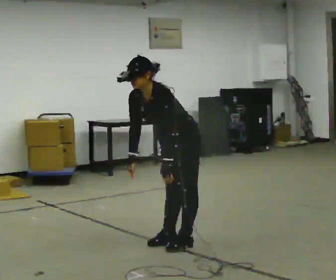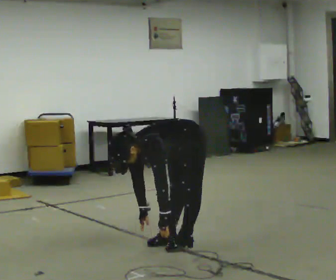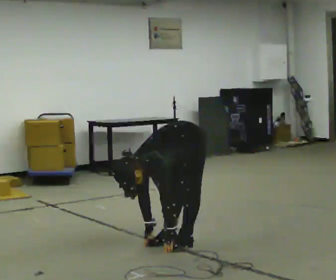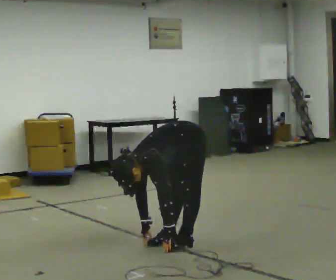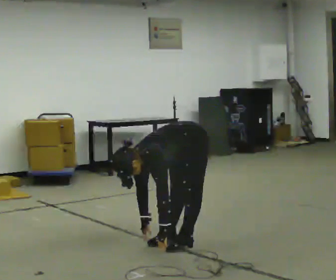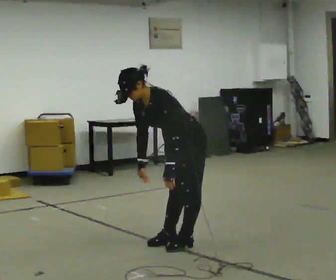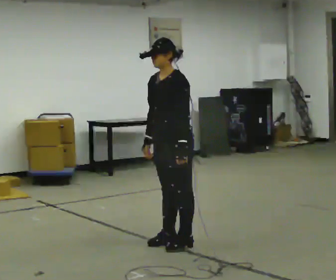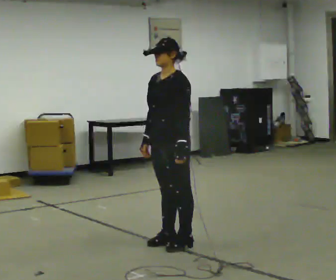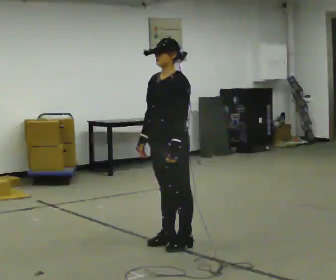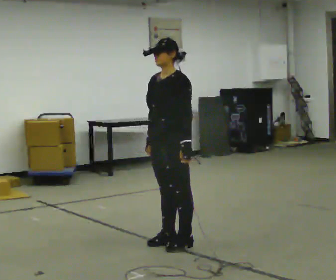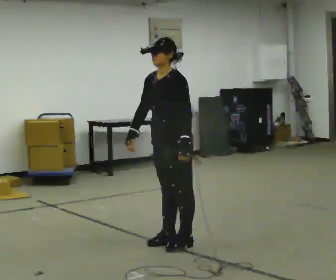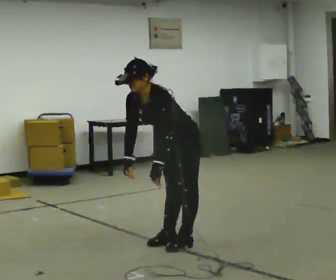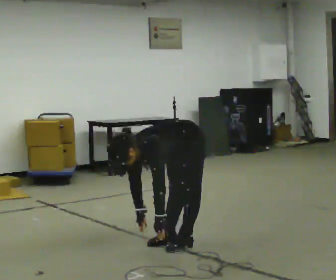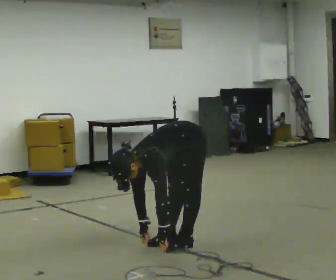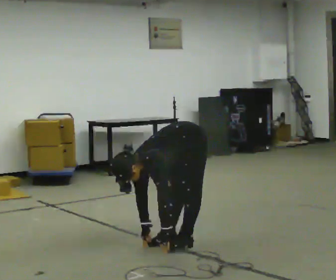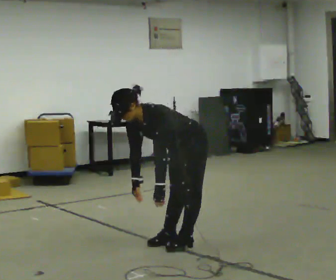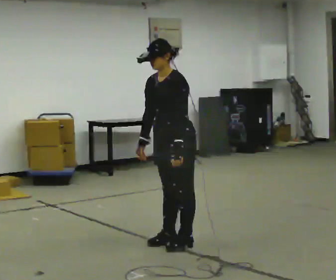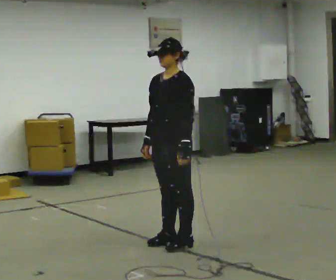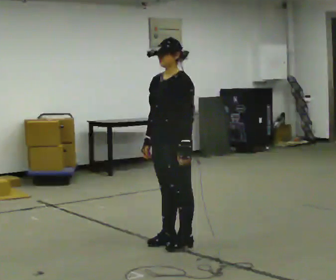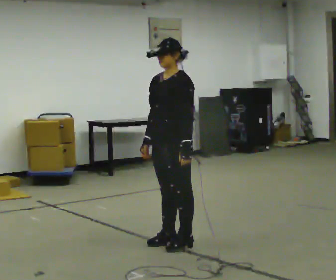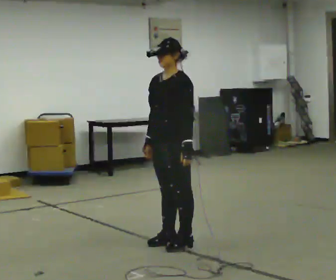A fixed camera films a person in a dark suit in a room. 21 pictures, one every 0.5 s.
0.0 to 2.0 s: The upper body goes downward. In the picture the upper body tilts counterclockwise, shoulders to the left, as they bend forward. In the picture their right hand goes downward.
2.0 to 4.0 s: The upper body goes upward. In the picture the upper body tilts clockwise, shoulders to the right, as they lean back or straighten. In the picture their left hand goes upward.
4.0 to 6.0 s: The shoulders move downward. In the picture the upper body tilts counterclockwise, shoulders to the left, as they bend forward. In the picture their left hand goes downward.
6.0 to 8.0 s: The upper body goes upward. In the picture the upper body tilts clockwise, shoulders to the right, as they lean back or straighten. In the picture their left hand goes upward.
8.0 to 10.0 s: The person moves a little, or ends about where they began.
The film runs backward here.
